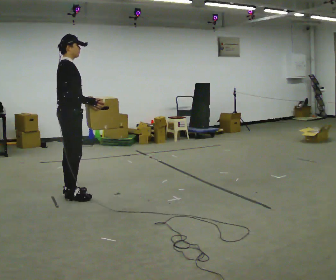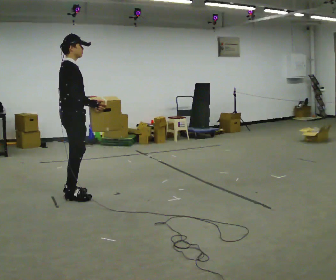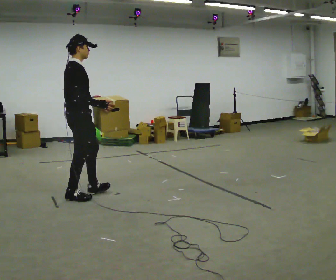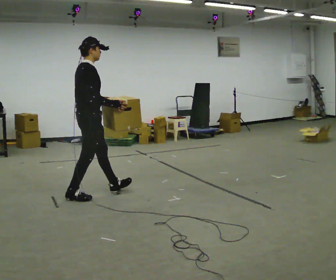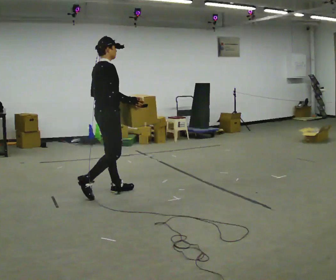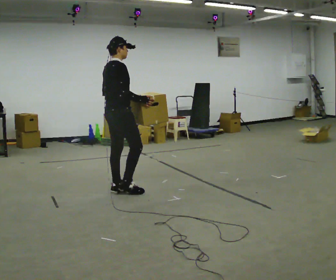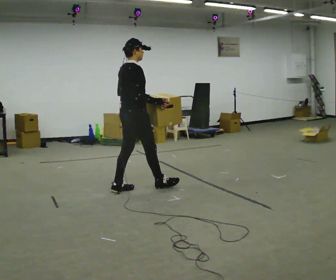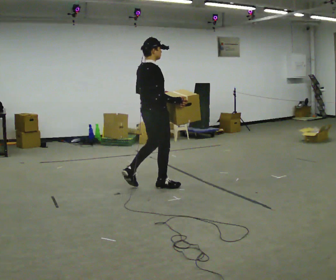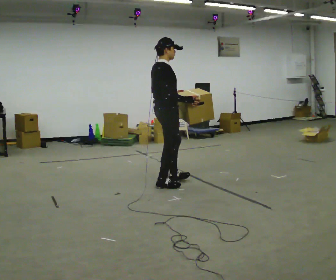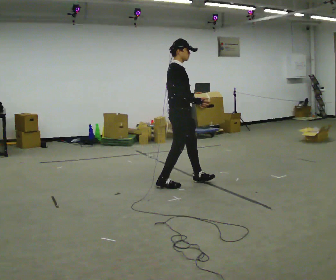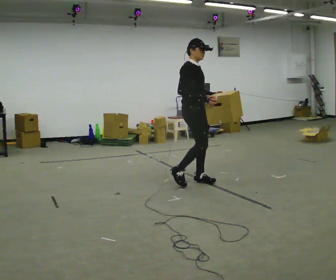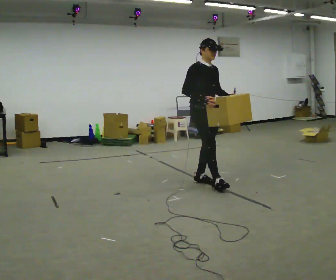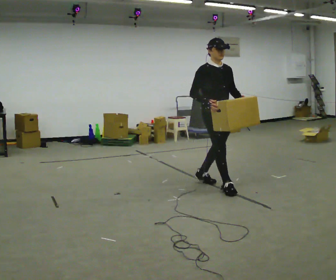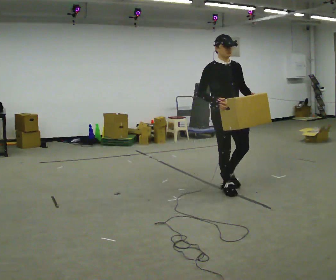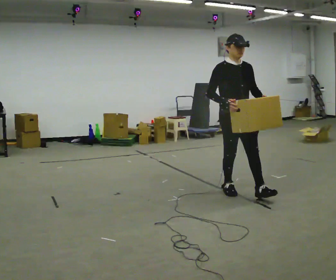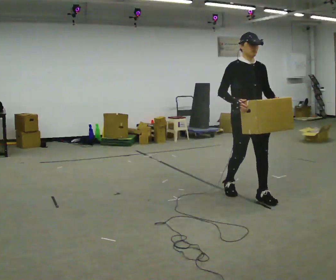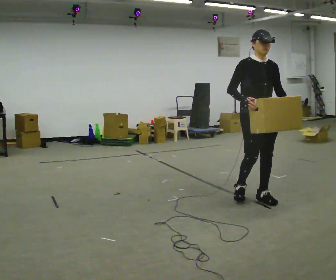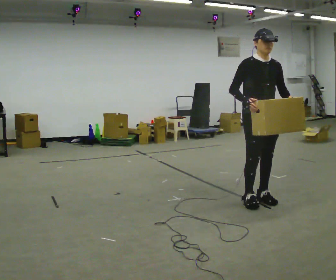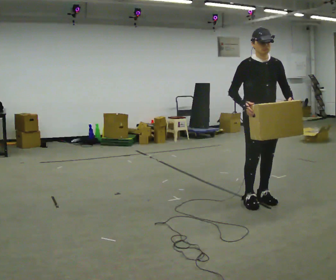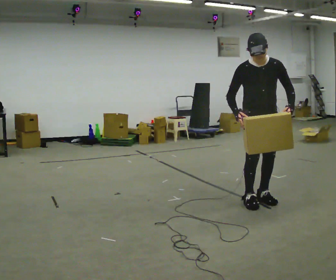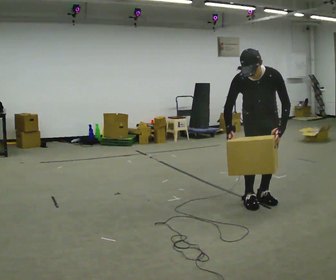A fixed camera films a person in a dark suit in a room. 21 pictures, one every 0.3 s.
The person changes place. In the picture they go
to the right.
The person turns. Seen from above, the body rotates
clockwise.
0.0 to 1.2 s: In the picture they go to the right and away from the camera, about 0.5 m in 1 step, which for them is forward.
1.2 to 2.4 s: In the picture they go to the right and away from the camera, about 0.75 m in 1 step, which for them is forward.
2.4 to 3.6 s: Seen from above the body turns clockwise, about 60 degrees: to their right, with its near side sliding to the left. In the picture they go to the right, about 0.5 m in 2 steps.
3.6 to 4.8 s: In the picture they go to the right and toward the camera, about 0.5 m in 1 step, which for them is forward.
4.8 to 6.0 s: Seen from above the body turns clockwise, about 30 degrees: to their right, with its near side sliding to the left. The upper body tips toward the camera, its near side rolling downward, as they bend forward.
The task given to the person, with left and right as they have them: Carry the box along the marked route, turning 90 degrees at the corner the operator calls, and set it down at the end. Keep going until the operator says stop; one object at a time, and do not rush between trips.
The film runs forward here.
